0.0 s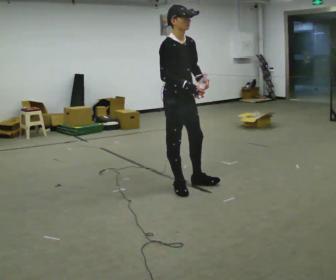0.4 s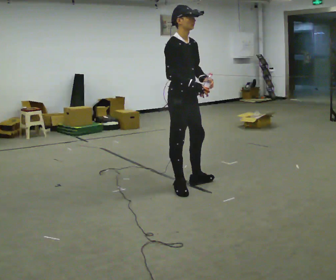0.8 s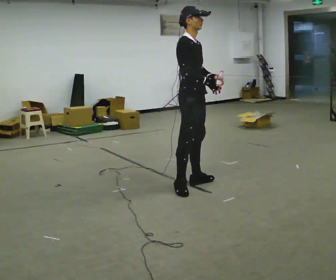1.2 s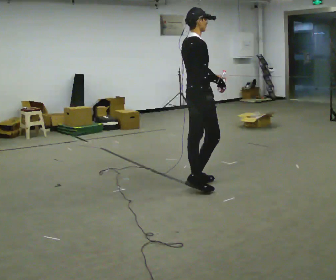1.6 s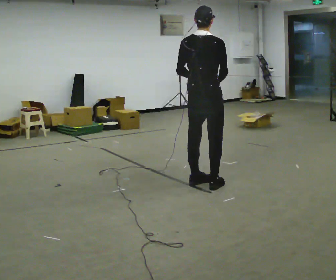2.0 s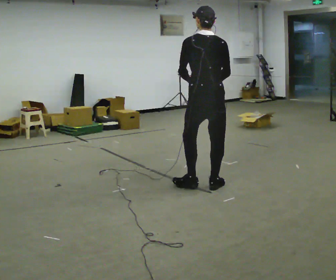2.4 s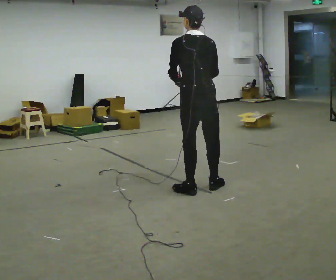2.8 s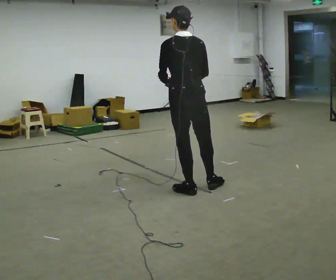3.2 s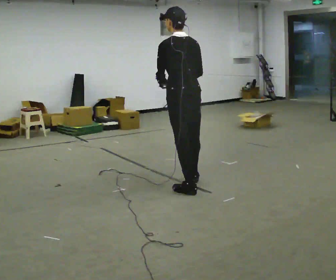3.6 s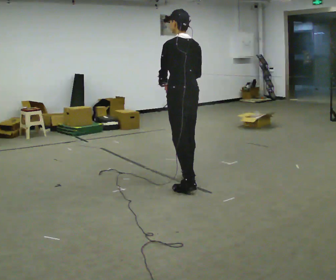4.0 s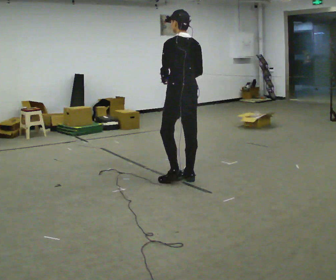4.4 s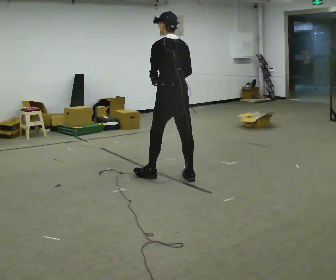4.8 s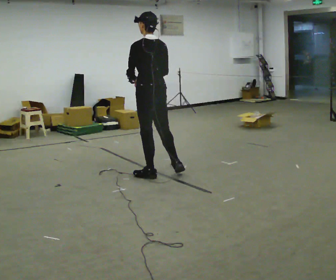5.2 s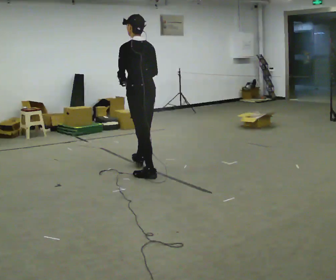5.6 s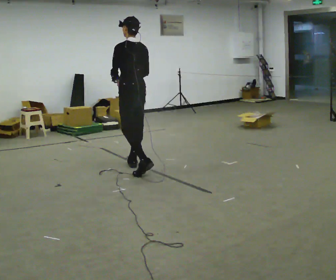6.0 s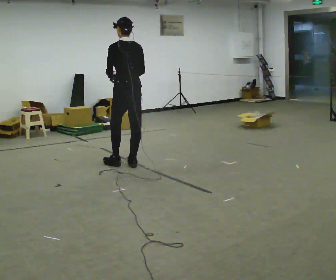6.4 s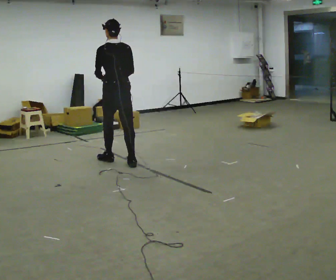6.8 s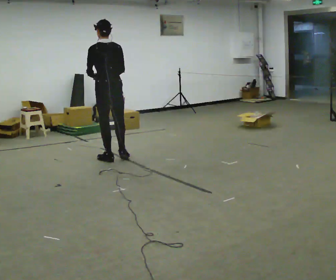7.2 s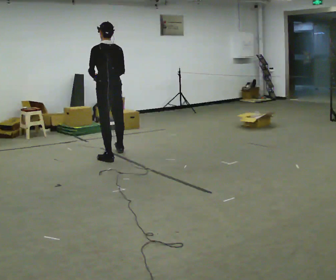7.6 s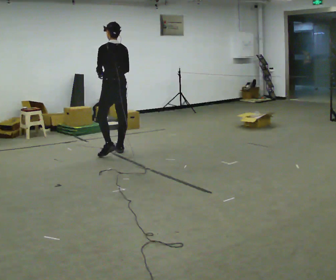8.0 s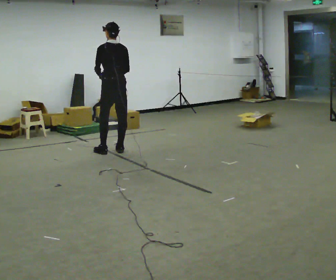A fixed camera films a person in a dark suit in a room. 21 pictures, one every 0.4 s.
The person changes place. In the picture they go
away from the camera.
0.0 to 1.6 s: The person turns about 105 degrees to their left, counterclockwise seen from above, so the part of the body nearest the lens slides to the right. In the picture they go to the right, about 0.25 m in 1 step.
1.6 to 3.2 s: The part of the body nearest the lens slides to the right as the person turns to their left by about 45 degrees. In the picture they go to the left, about 0.25 m in 1 step, which for them is to their left. In the picture their left hand goes to the left.
3.2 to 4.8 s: In the picture they go away from the camera and to the left, about 0.5 m in 2 steps, which for them is forward.
4.8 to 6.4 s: In the picture they go away from the camera and to the left, about 0.5 m in 2 steps, which for them is forward.
6.4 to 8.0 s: In the picture they go away from the camera, about 0.5 m in 2 steps, which for them is forward and to their right.
The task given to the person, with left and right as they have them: Carry the open container of water across the room without spilling it, back and forth.
The film runs forward here.
